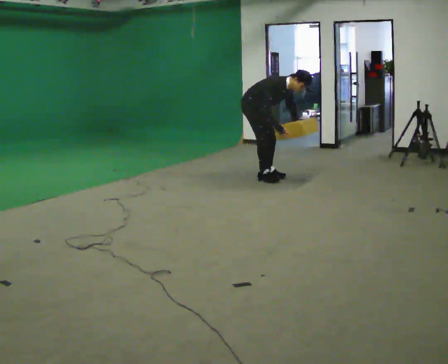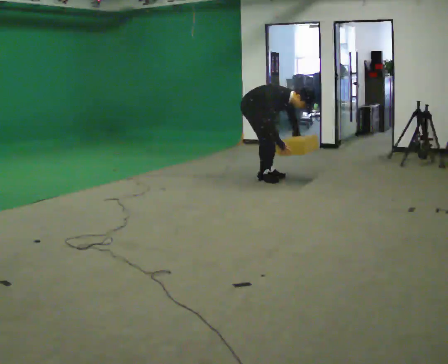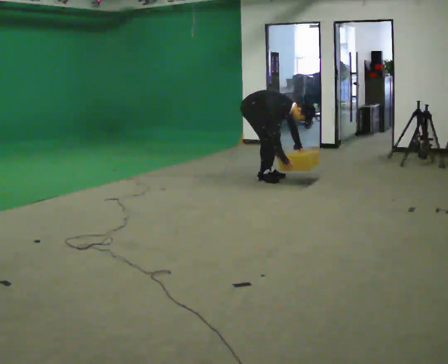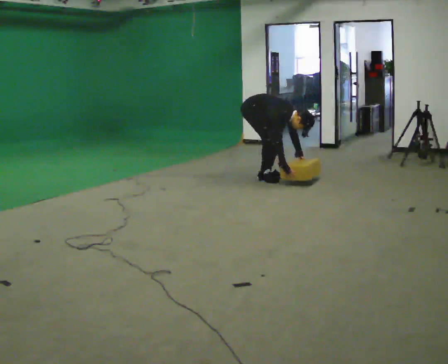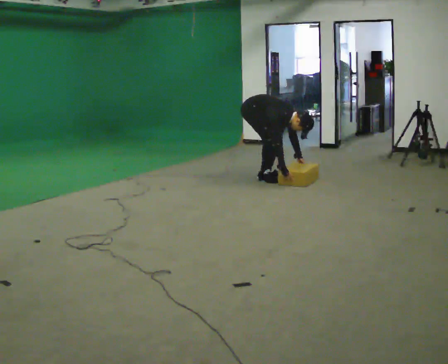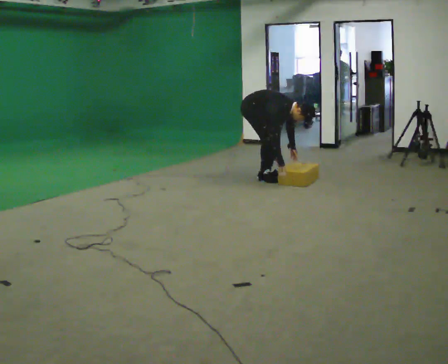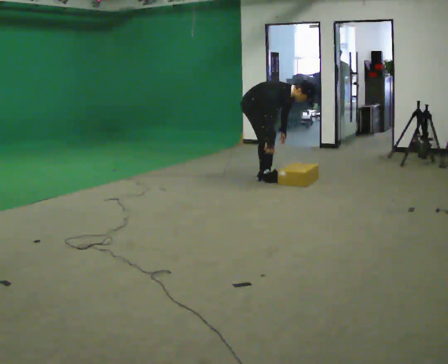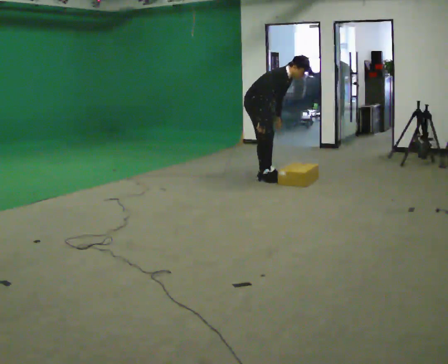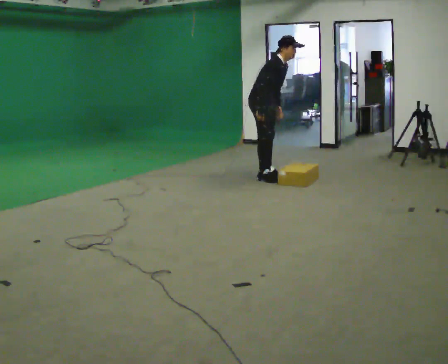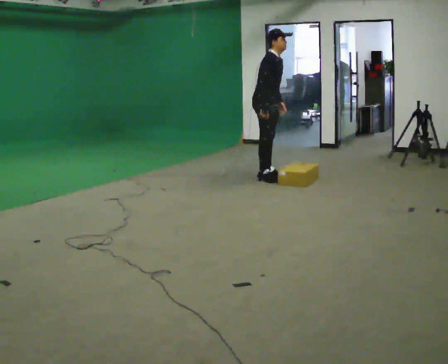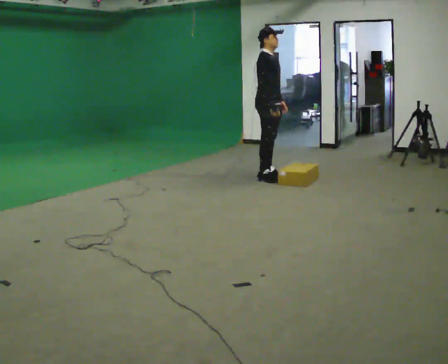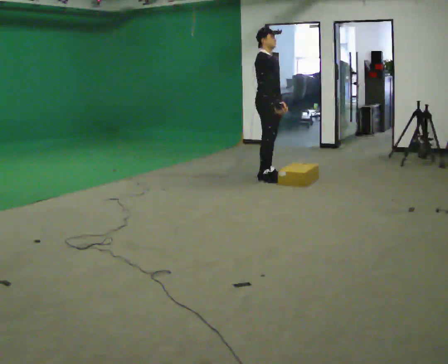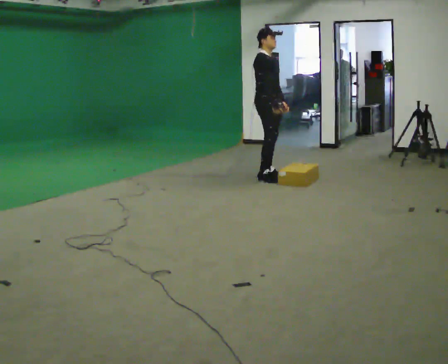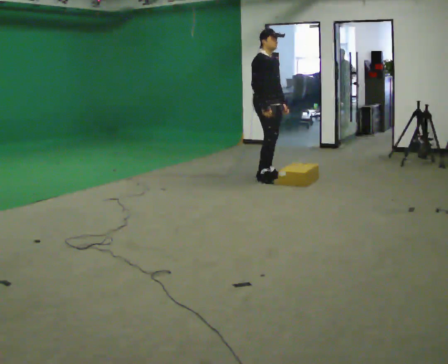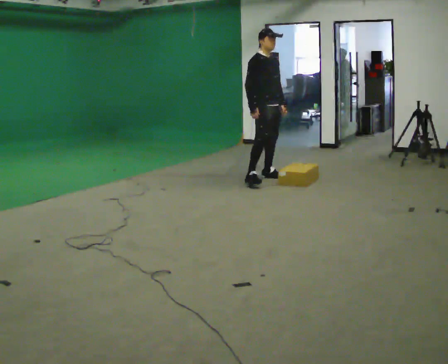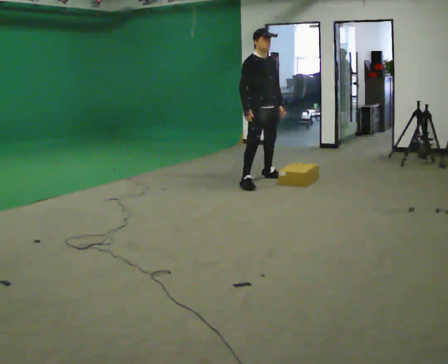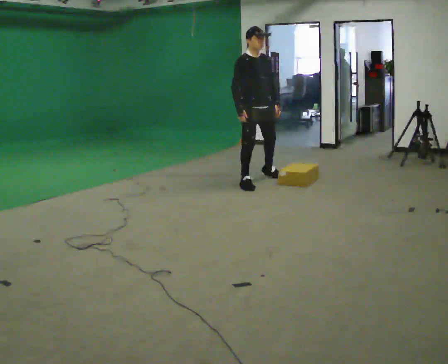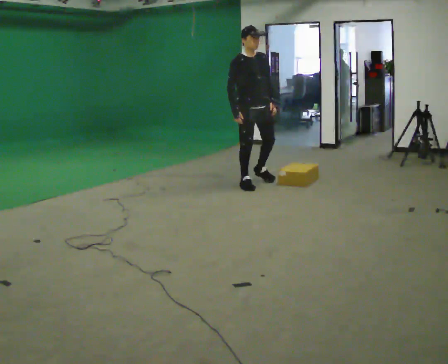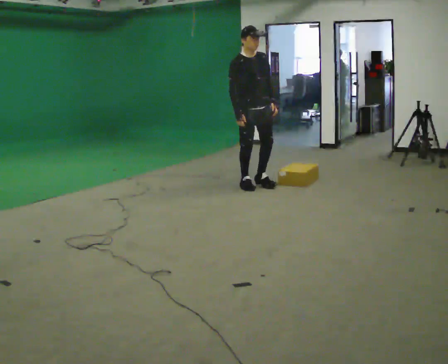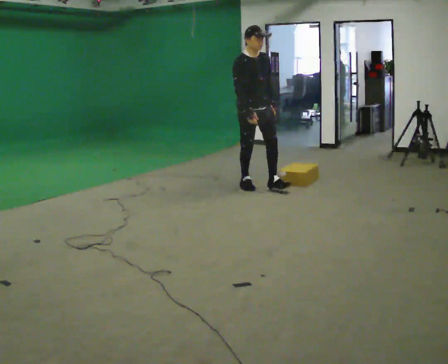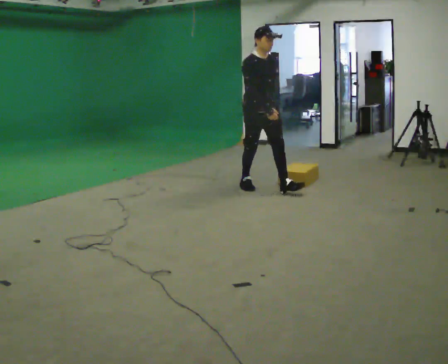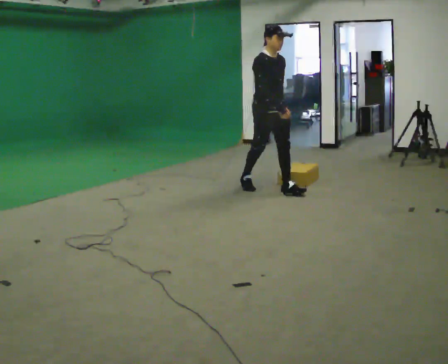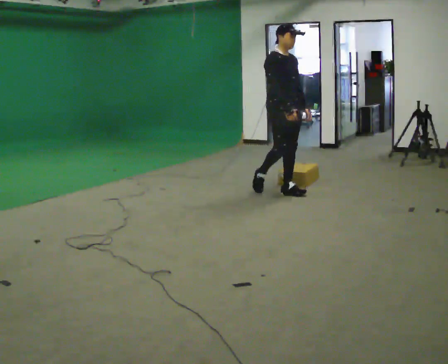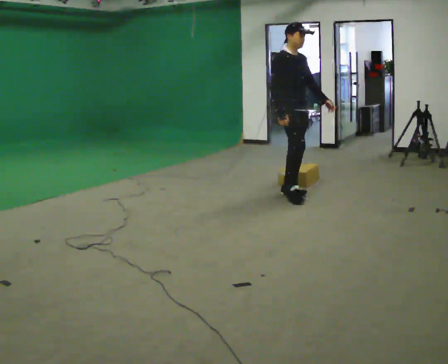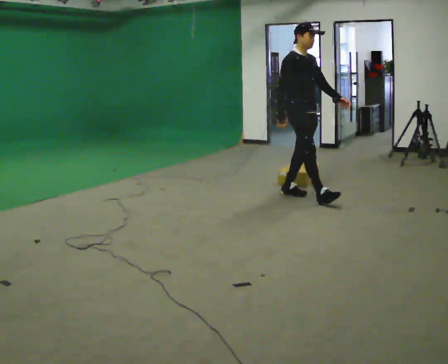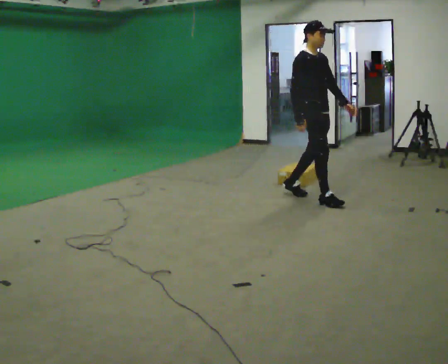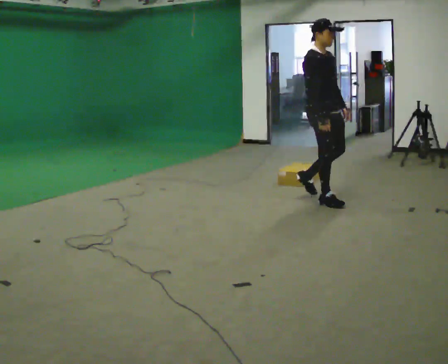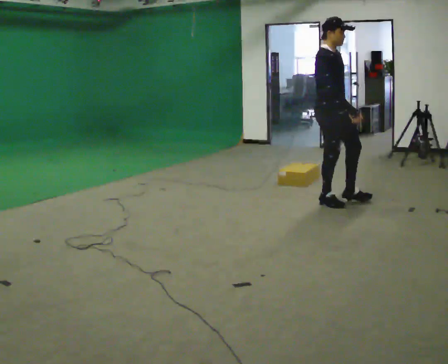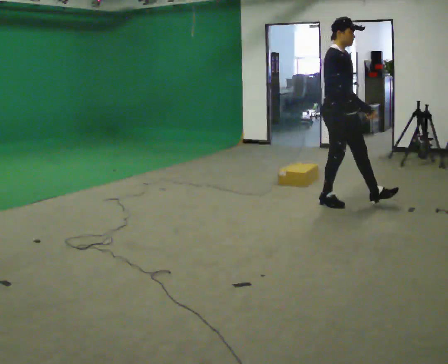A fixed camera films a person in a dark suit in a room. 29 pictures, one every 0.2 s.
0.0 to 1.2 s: The person moves a little, or ends about where they began.
1.2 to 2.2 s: In the picture they go to the right, about 0.25 m, which for them is forward. The upper body goes upward. In the picture the upper body tilts counterclockwise, shoulders to the left, as they lean back or straighten. In the picture their right hand goes upward.
2.2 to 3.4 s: The part of the body nearest the lens slides to the left as the person turns to their right by about 30 degrees. In the picture they go toward the camera and to the left, about 0.5 m in 1 step, which for them is to their right.
3.4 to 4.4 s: In the picture they go toward the camera and to the right, about 0.5 m in 1 step, which for them is forward.
4.4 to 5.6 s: In the picture they go to the right and toward the camera, about 0.5 m in 1 step, which for them is forward.
The film runs forward here.
